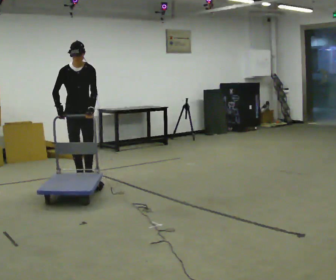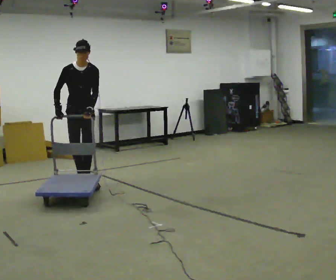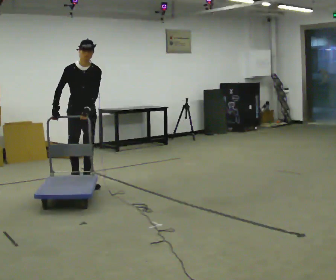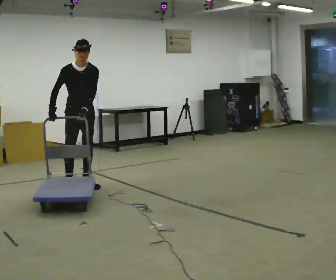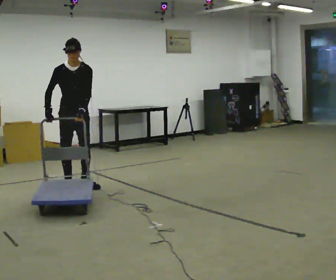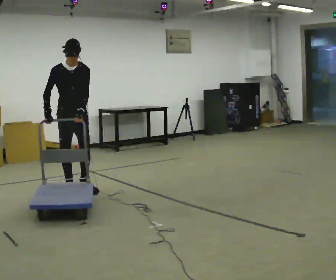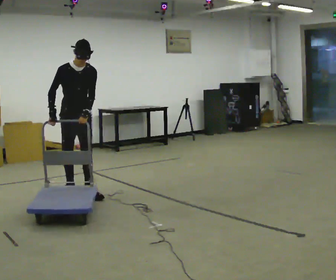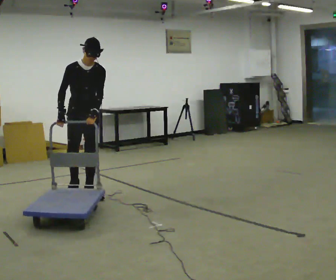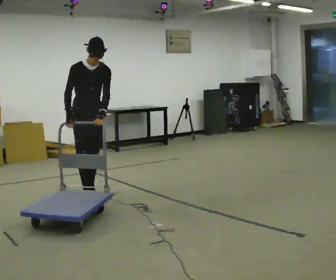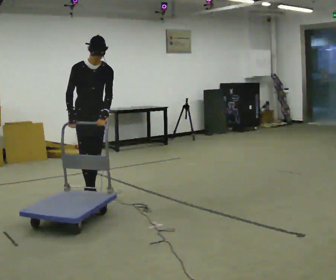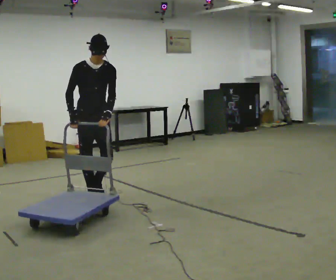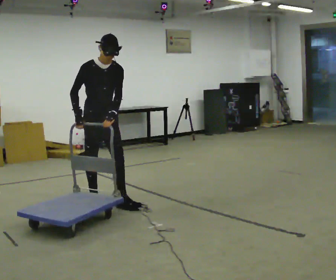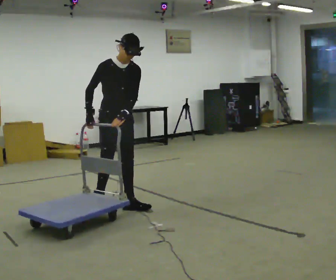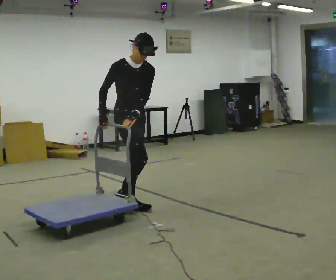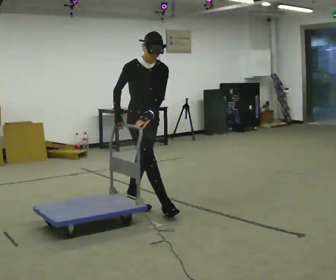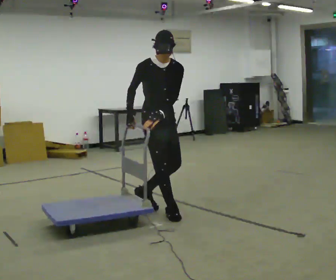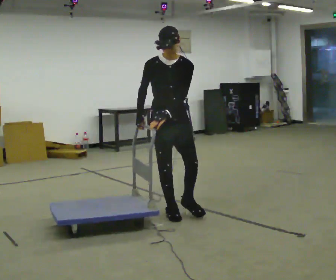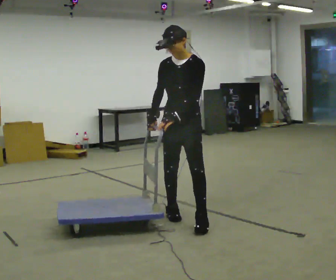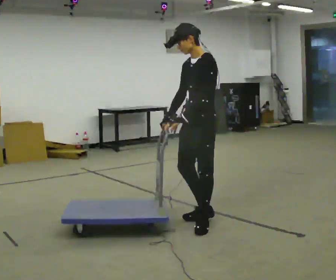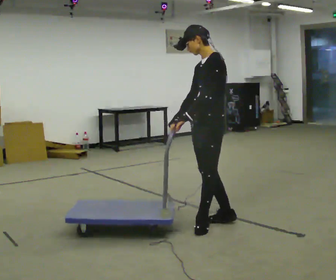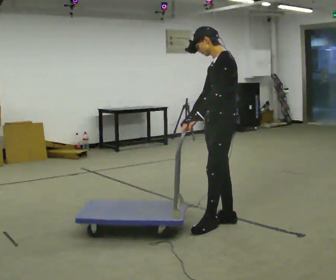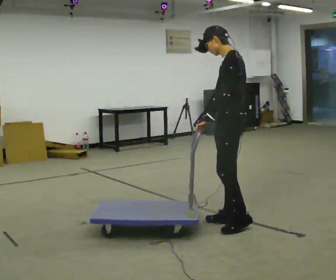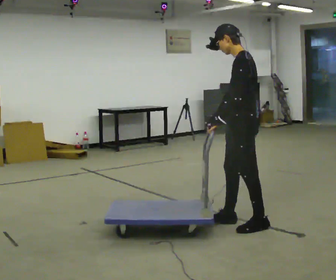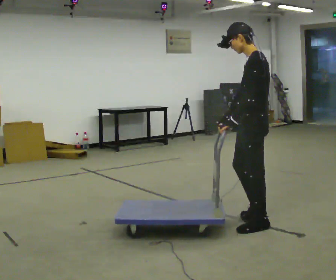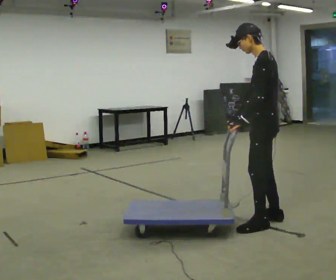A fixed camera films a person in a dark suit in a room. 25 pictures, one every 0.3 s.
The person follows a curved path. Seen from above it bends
counterclockwise.
0.0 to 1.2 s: In the picture they go toward the camera, about 0.25 m in 2 steps, which for them is forward.
1.2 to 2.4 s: In the picture they go toward the camera and to the right, about 0.5 m in 1 step, which for them is forward.
2.4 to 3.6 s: In the picture they go toward the camera and to the right, about 0.5 m in 2 steps, which for them is forward and to their left.
3.6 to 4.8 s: In the picture they go to the right and toward the camera, about 0.75 m in 1 step, which for them is forward.
4.8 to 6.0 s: The part of the body nearest the lens slides to the left as the person turns to their right by about 90 degrees. In the picture they go to the right and toward the camera, about 0.5 m in 2 steps.
6.0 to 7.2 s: In the picture they go to the right, about 0.25 m in 2 steps, which for them is backward.
The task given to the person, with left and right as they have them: Push the cart across the room using only the hand the operator calls. Keep your other arm at your side.
The film runs forward here.
